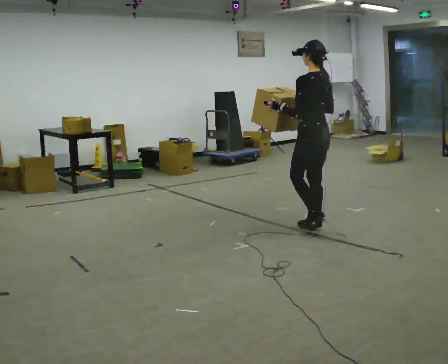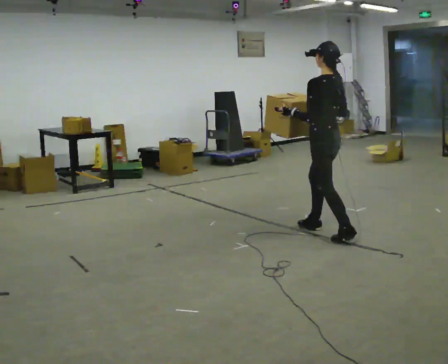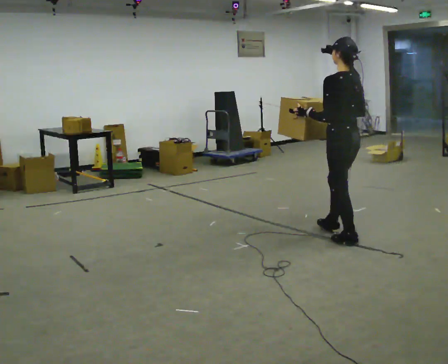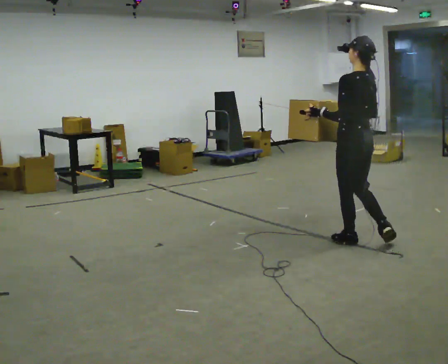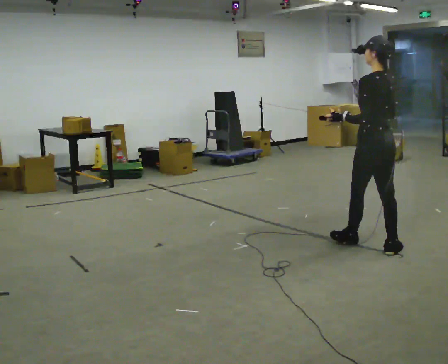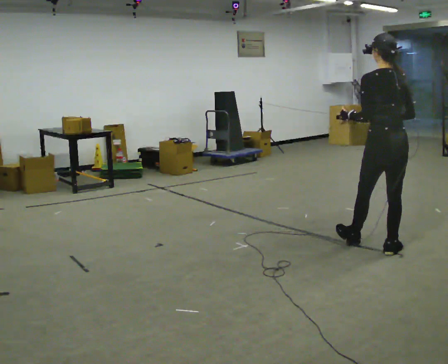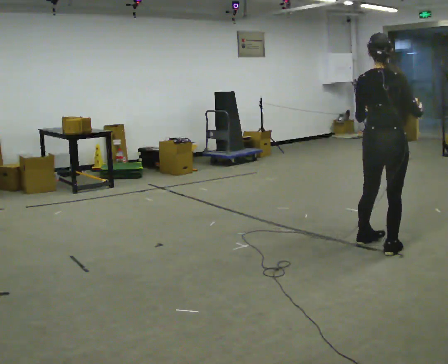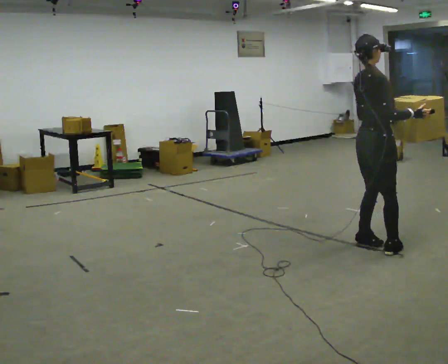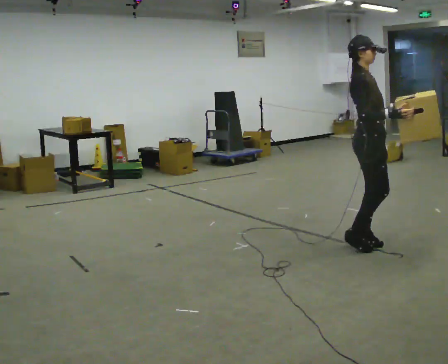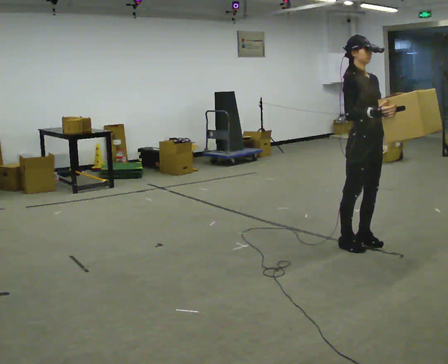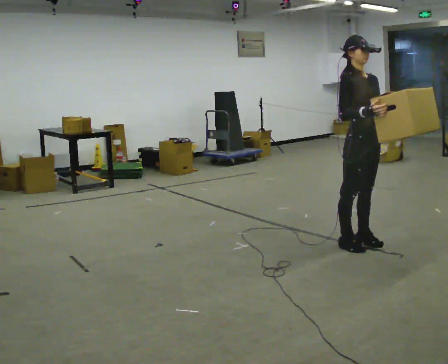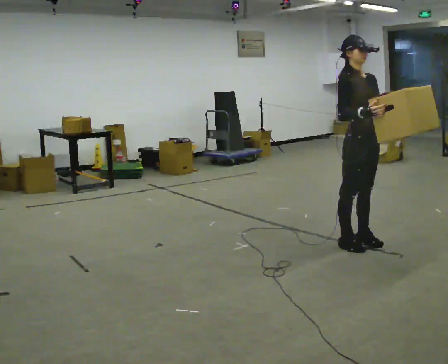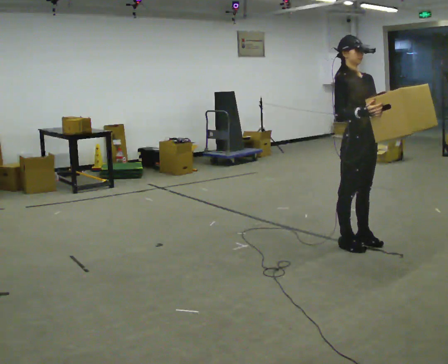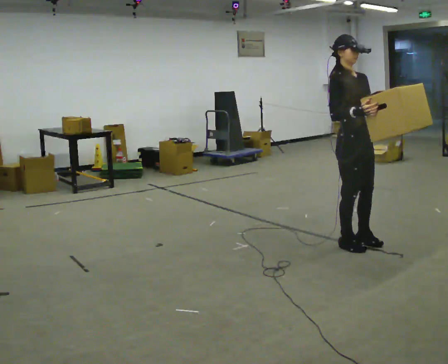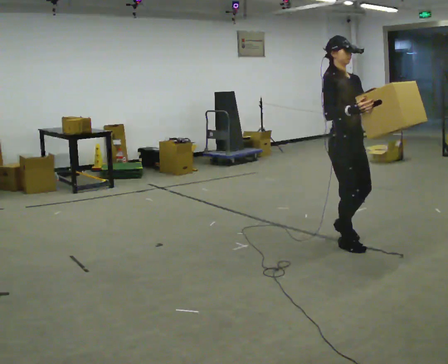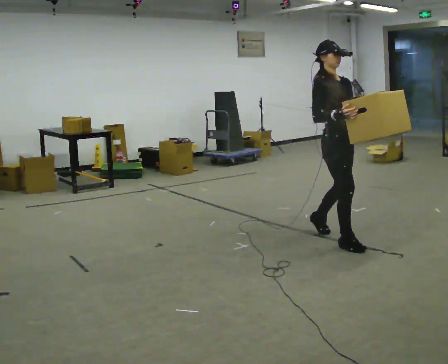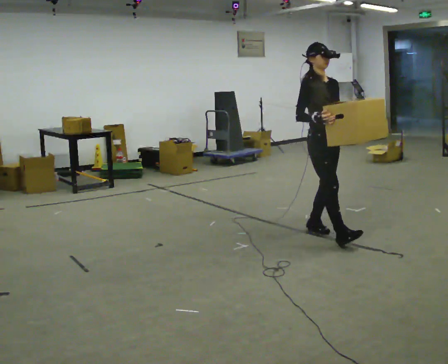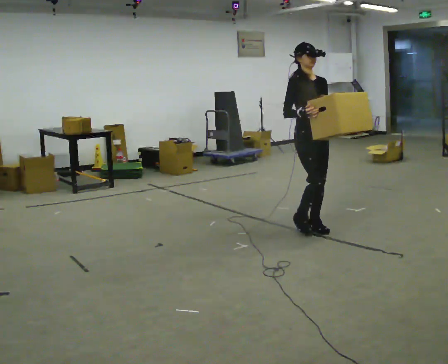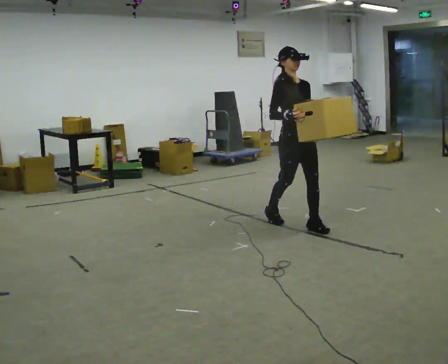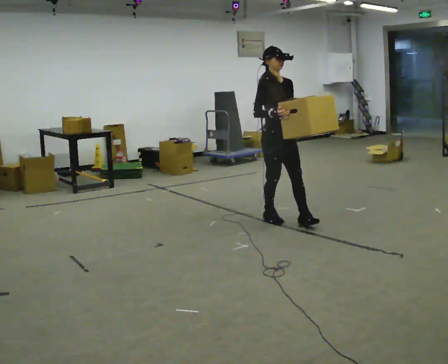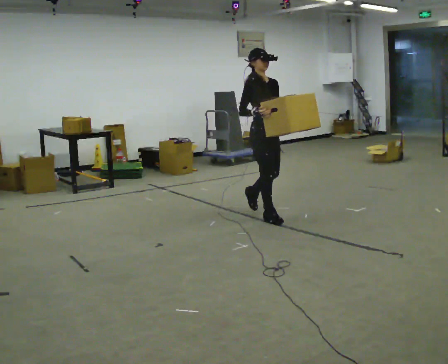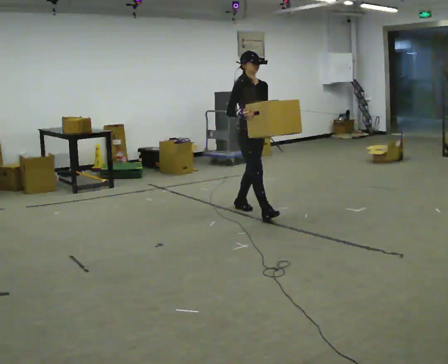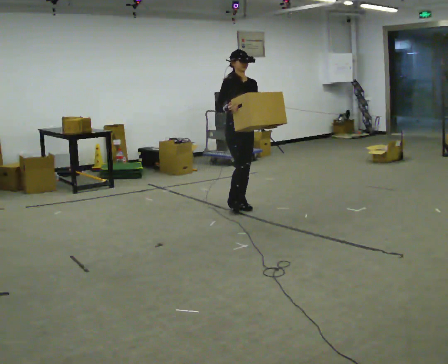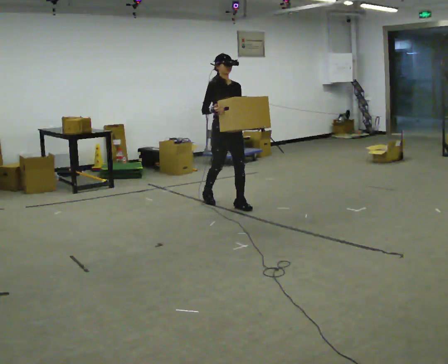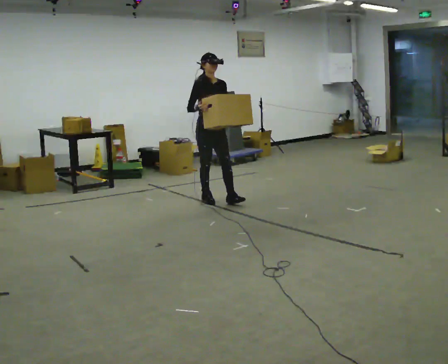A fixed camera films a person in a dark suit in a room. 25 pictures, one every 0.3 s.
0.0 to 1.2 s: In the picture they go toward the camera and to the right, about 0.75 m in 1 step, which for them is backward.
1.2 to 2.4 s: Seen from above the body turns clockwise, about 150 degrees: to their right, with its near side sliding to the left.
2.4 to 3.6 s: The person turns about 30 degrees to their right, clockwise seen from above, so the part of the body nearest the lens slides to the left.
3.6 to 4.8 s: In the picture they go away from the camera and to the left, about 0.5 m in 2 steps, which for them is backward.
4.8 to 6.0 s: In the picture they go to the left and away from the camera, about 1 m in 1 step, which for them is backward.
6.0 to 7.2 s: In the picture they go to the left and away from the camera, about 1 m in 2 steps, which for them is backward.
The film runs backward here.
